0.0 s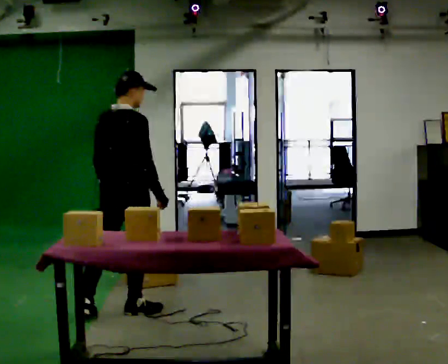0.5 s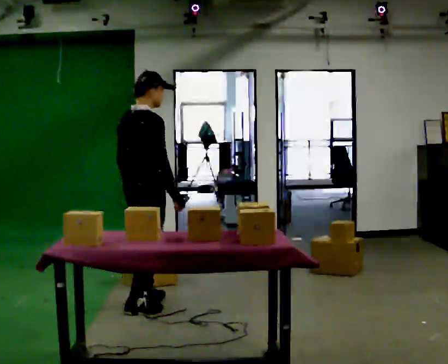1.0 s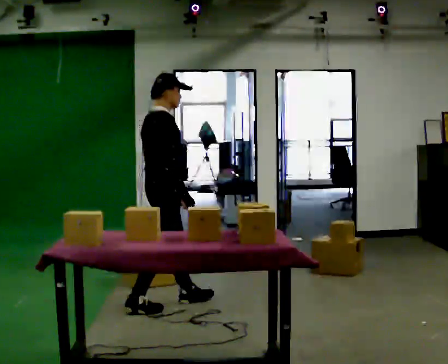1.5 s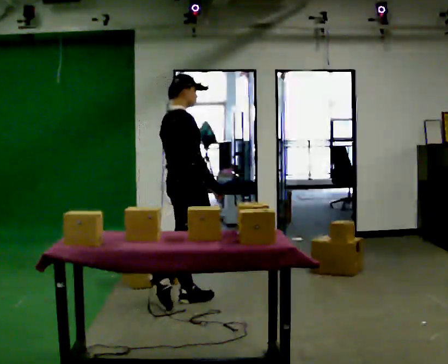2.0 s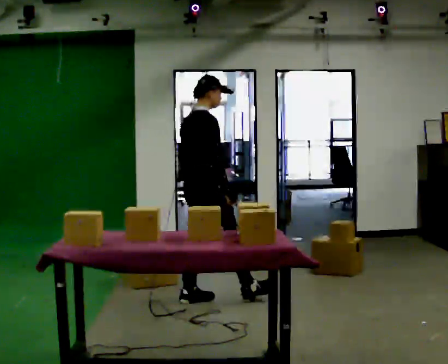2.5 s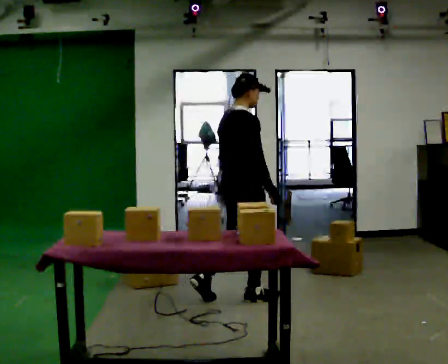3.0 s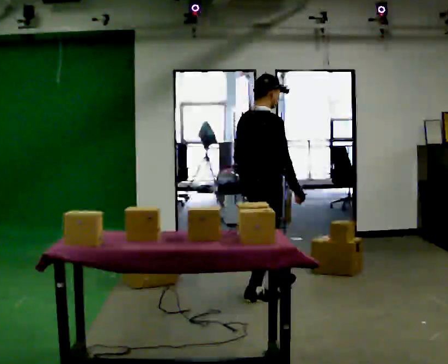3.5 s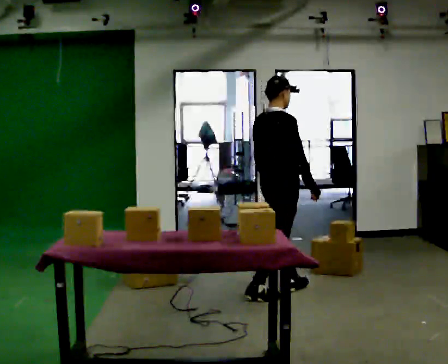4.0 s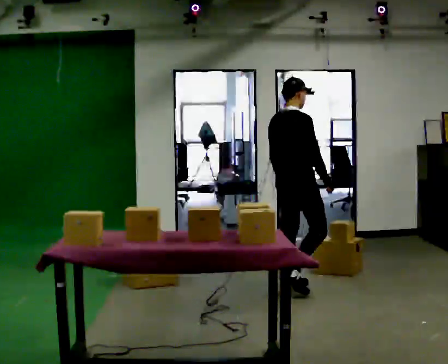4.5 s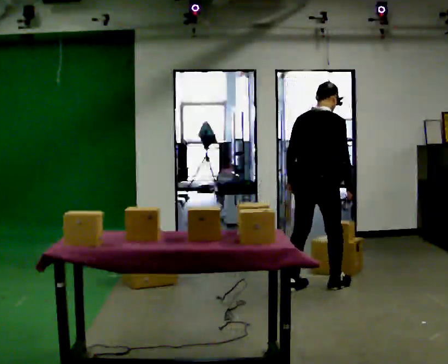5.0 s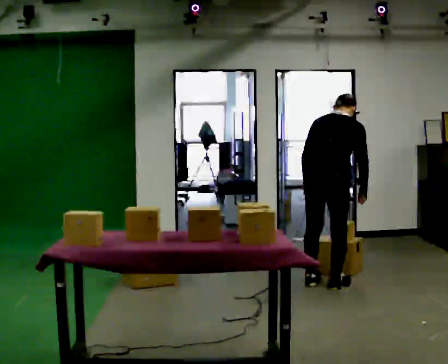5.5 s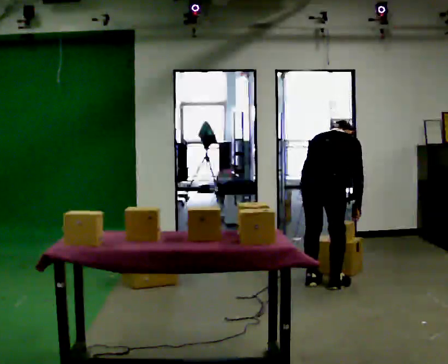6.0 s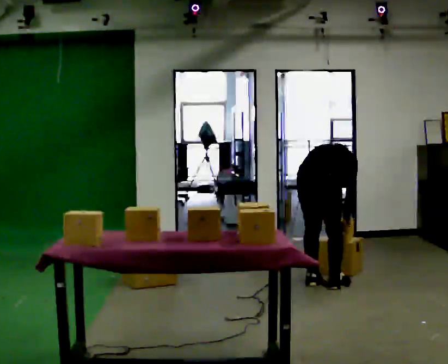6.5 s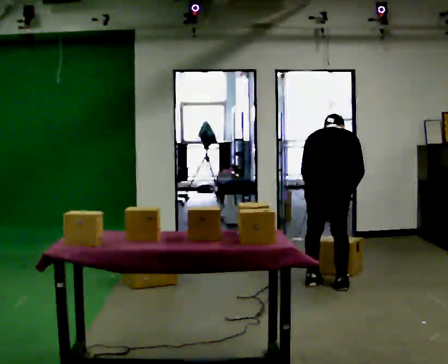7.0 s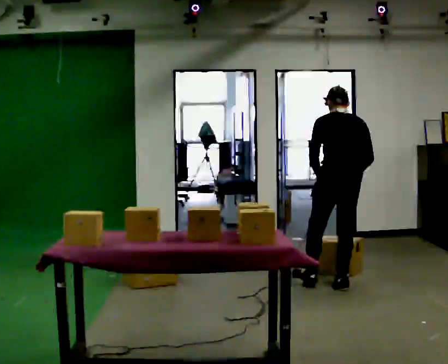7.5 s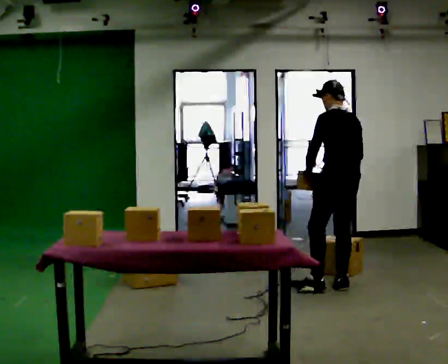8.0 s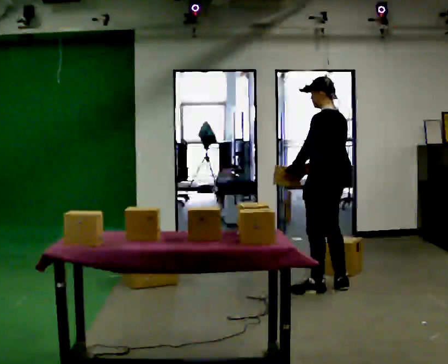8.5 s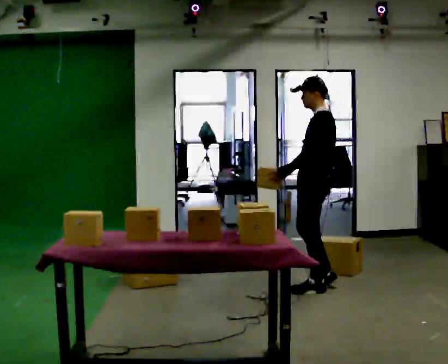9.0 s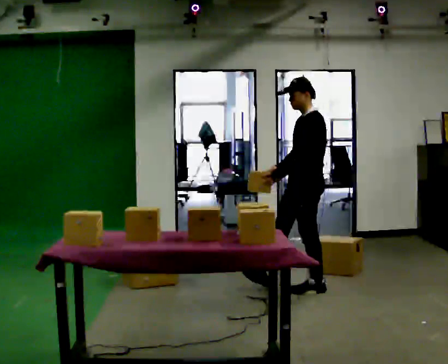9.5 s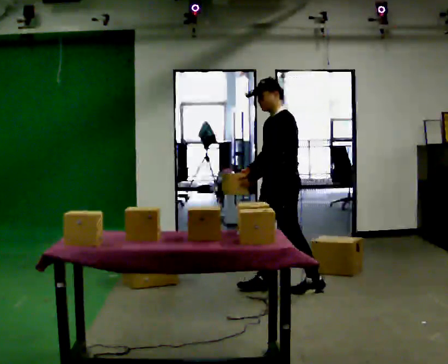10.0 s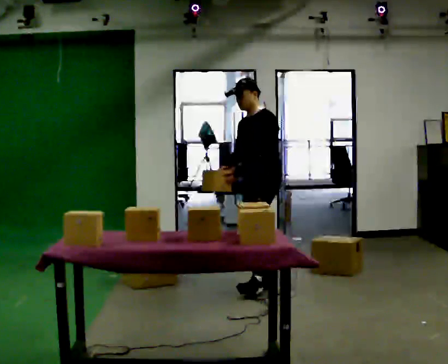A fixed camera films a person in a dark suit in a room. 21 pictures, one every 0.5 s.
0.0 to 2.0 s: The person turns about 30 degrees to their right, clockwise seen from above, so the part of the body nearest the lens slides to the left. In the picture they go to the right and away from the camera, about 0.75 m in 2 steps, which for them is forward.
2.0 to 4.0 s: In the picture they go to the right and away from the camera, about 1 m in 1 step, which for them is forward.
4.0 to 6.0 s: The person turns about 30 degrees to their left, counterclockwise seen from above, so the part of the body nearest the lens slides to the right. In the picture they go to the right, about 0.25 m in 2 steps, which for them is to their right. The shoulders move downward. The upper body tips away from the camera, its near side rolling upward, as they bend forward. In the picture their right hand goes downward.
6.0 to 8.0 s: Seen from above the body turns counterclockwise, about 90 degrees: to their left, with its near side sliding to the right. The upper body goes upward. The upper body tips toward the camera, its near side rolling downward, as they lean back or straighten. In the picture their right hand goes upward and to the left.
8.0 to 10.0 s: Seen from above the body turns counterclockwise, about 60 degrees: to their left, with its near side sliding to the right. In the picture they go to the left, about 0.5 m in 1 step.
The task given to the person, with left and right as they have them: 1. Look at the shelf and see which spaces are empty. 2. Find matching items in the bins on the floor. 3. Fill the empty spaces on the shelf. 4. Tell the operator when you are finished.
The film runs forward here.
